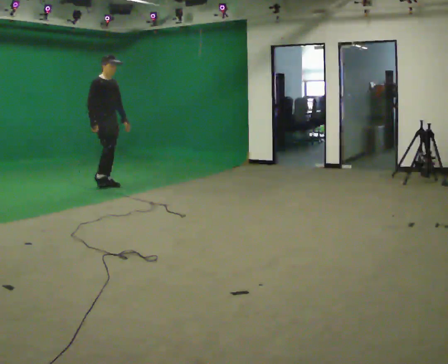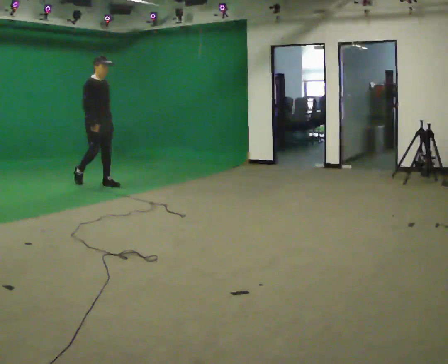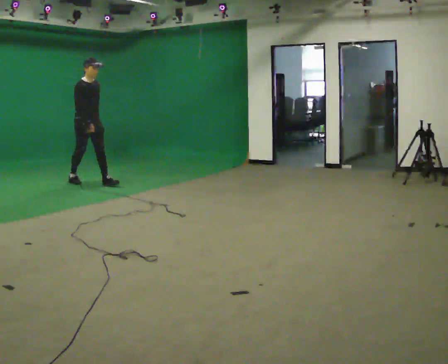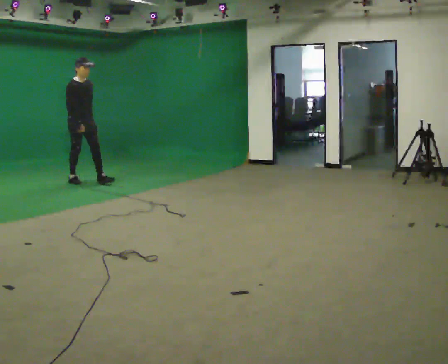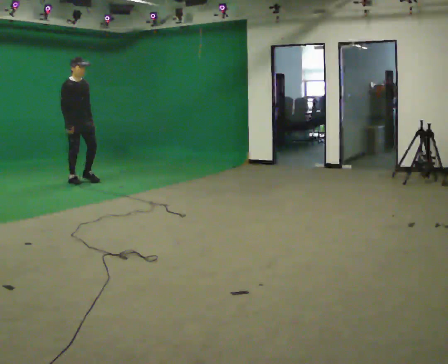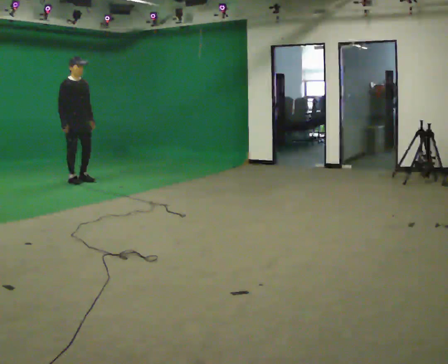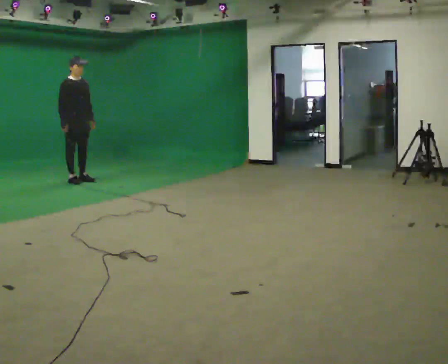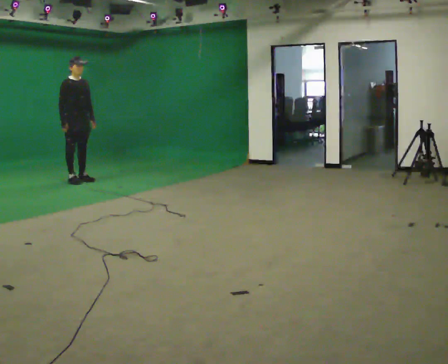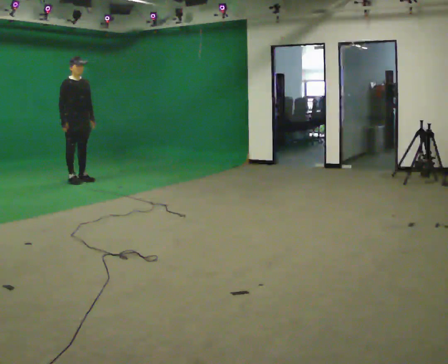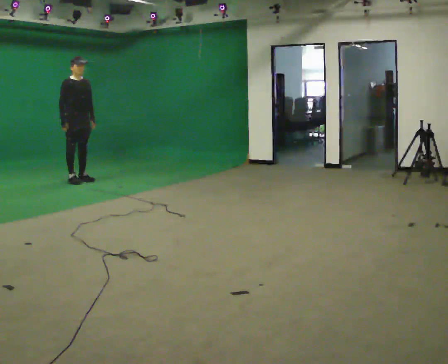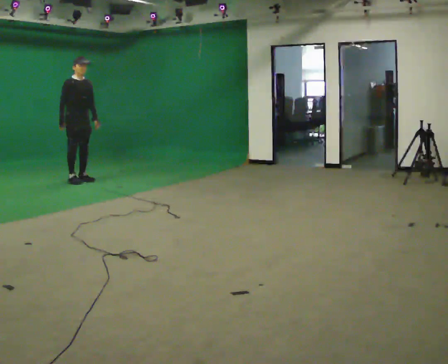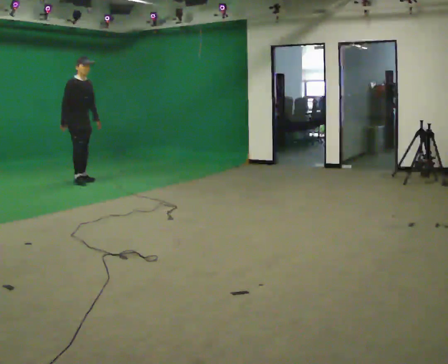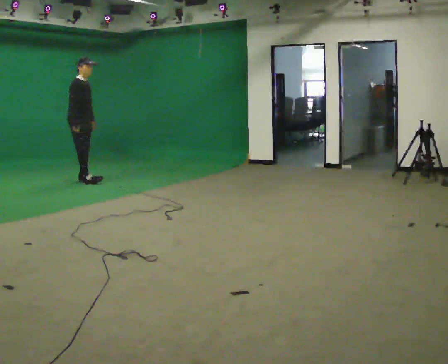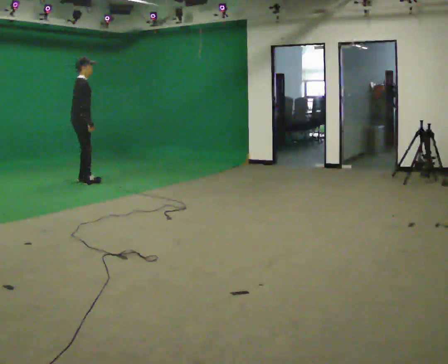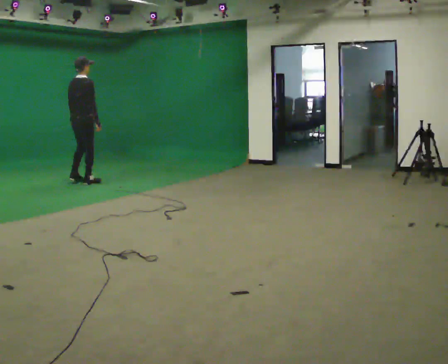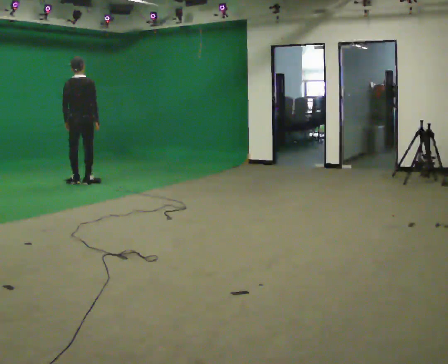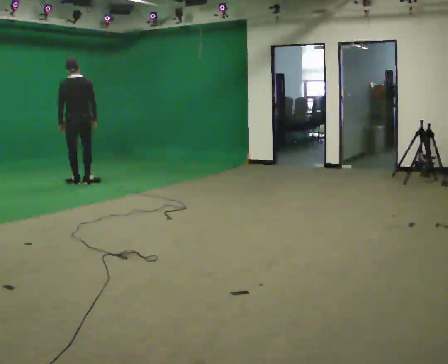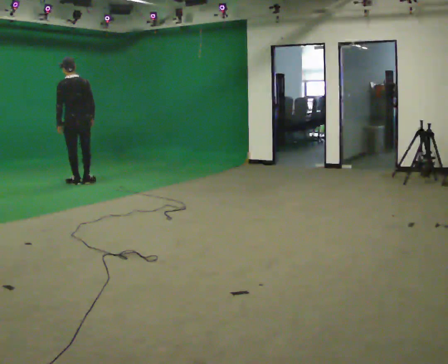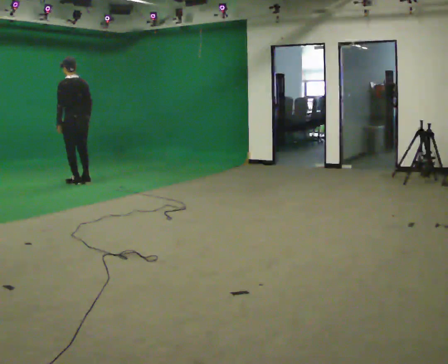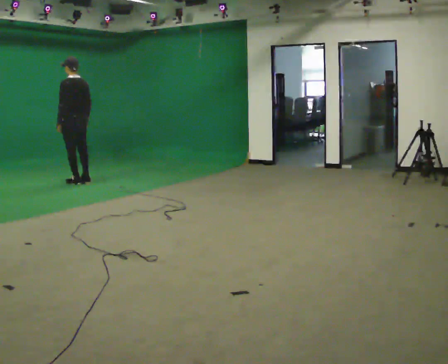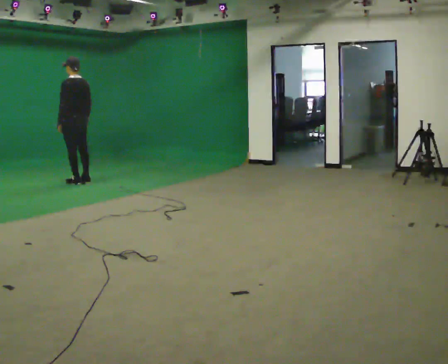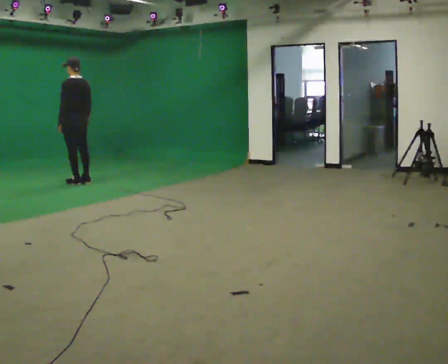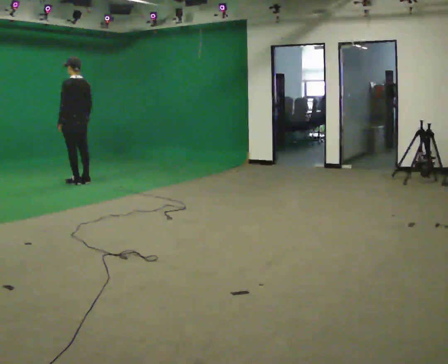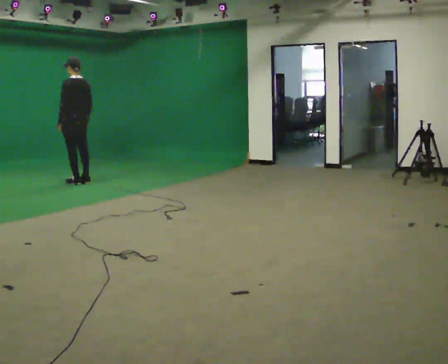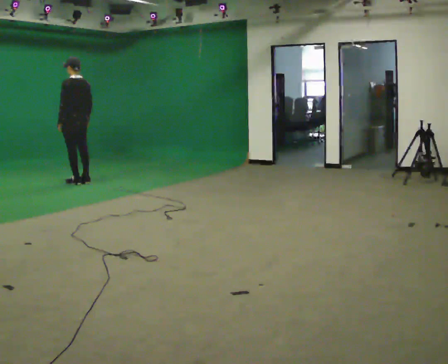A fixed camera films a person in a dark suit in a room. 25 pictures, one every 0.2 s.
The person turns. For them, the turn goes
to their left.
The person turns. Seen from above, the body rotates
counterclockwise.
0.0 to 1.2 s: In the picture they go to the left and away from the camera, about 0.5 m in 1 step, which for them is backward.
1.2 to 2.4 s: The person moves a little, or ends about where they began.
2.4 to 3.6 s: Seen from above the body turns counterclockwise, about 150 degrees: to their left, with its near side sliding to the right. In the picture the upper body tilts counterclockwise, shoulders to the left.
3.6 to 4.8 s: The person moves a little, or ends about where they began.
The film runs backward here.
